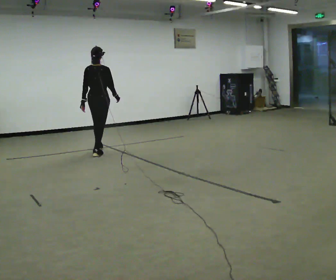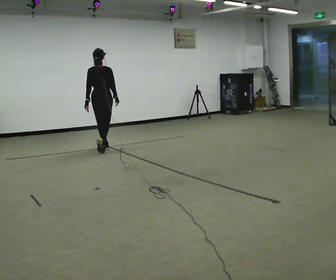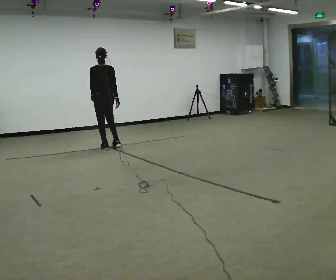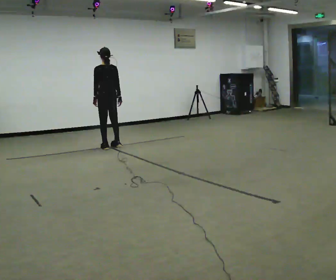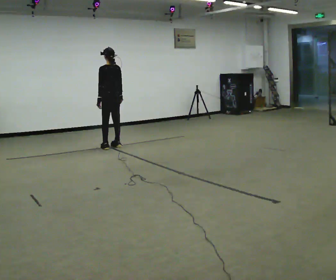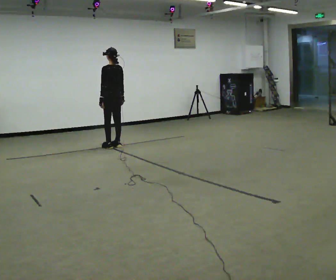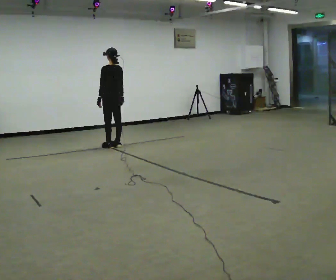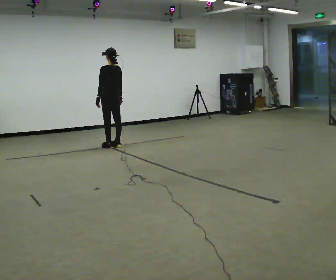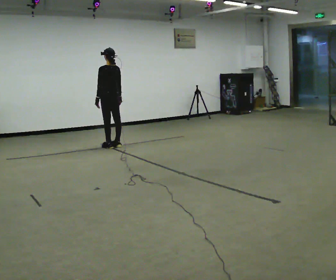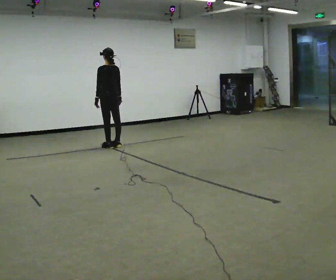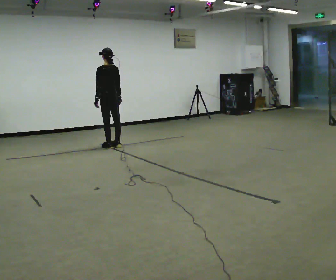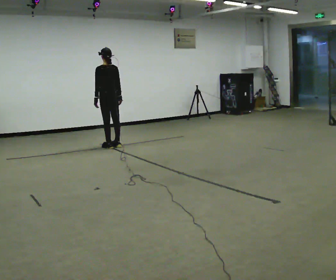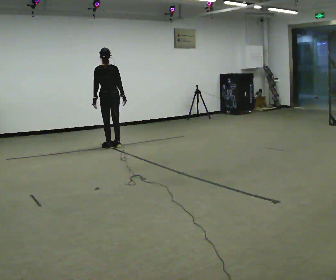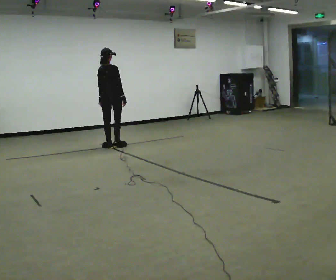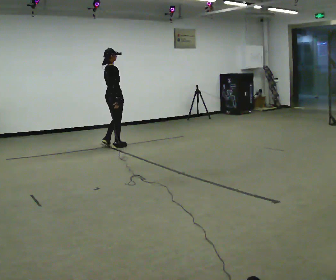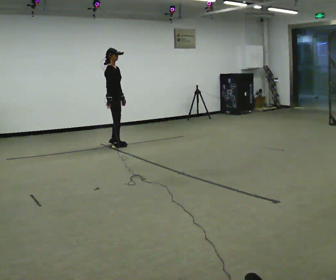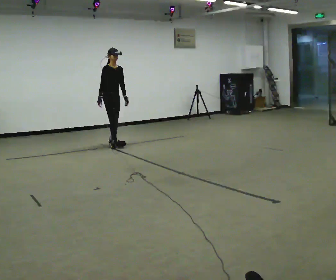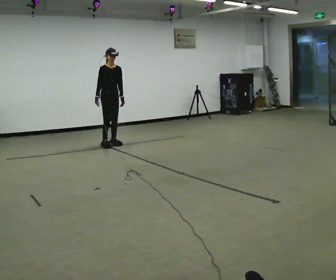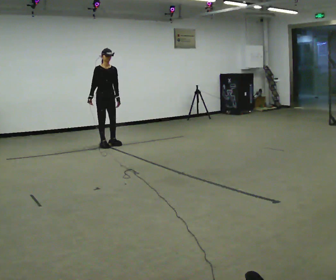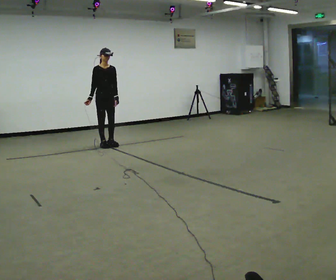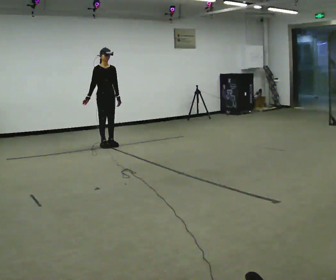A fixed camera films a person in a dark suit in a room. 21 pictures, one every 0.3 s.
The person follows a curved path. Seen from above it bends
counterclockwise.
0.0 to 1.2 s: The part of the body nearest the lens slides to the right as the person turns to their left by about 45 degrees. In the picture they go away from the camera, about 0.5 m in 2 steps, which for them is forward and to their right.
1.2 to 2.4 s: The person moves a little, or ends about where they began.
2.4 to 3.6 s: The part of the body nearest the lens slides to the left as the person turns to their right by about 30 degrees.
3.6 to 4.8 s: Seen from above the body turns clockwise, about 135 degrees: to their right, with its near side sliding to the left. In the picture they go away from the camera, about 0.25 m in 1 step. In the picture their right hand goes to the left, the arm swinging clockwise.
4.8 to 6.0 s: The person moves a little, or ends about where they began.
The film runs forward here.
